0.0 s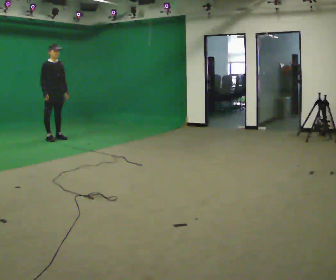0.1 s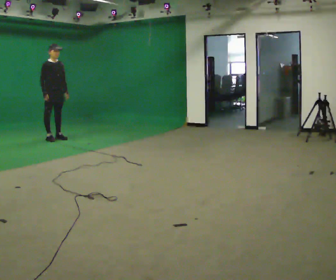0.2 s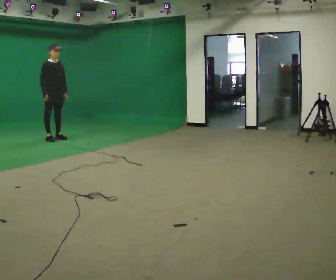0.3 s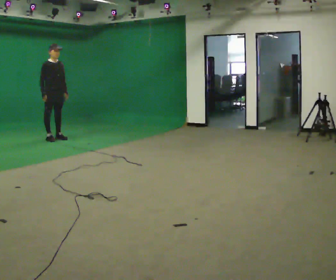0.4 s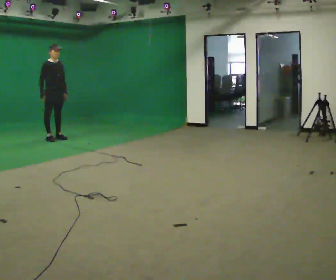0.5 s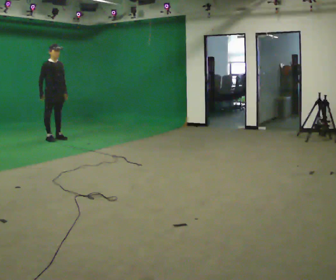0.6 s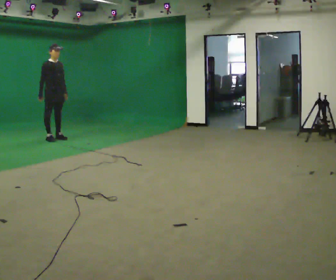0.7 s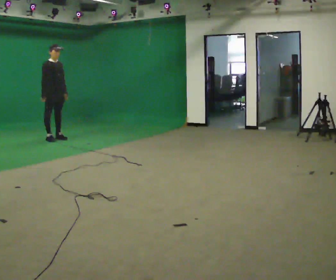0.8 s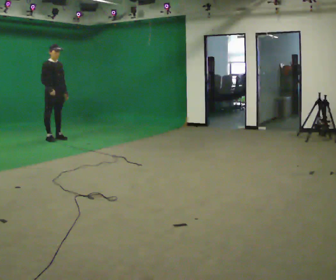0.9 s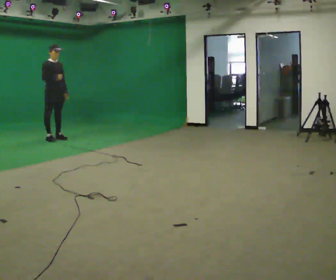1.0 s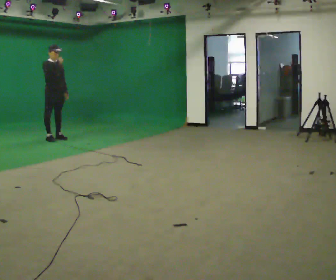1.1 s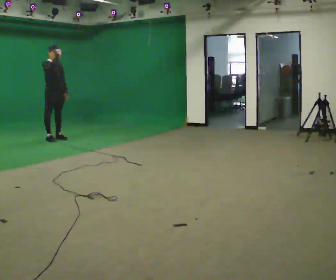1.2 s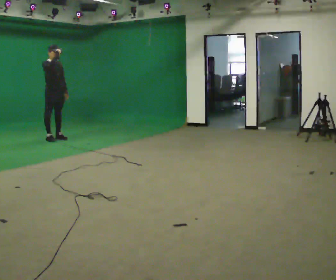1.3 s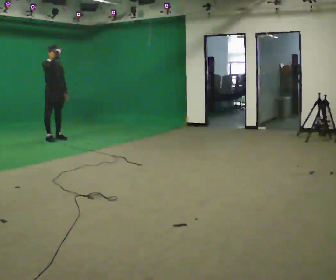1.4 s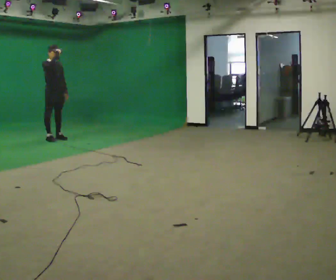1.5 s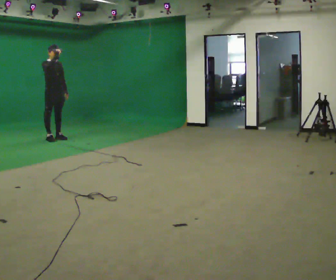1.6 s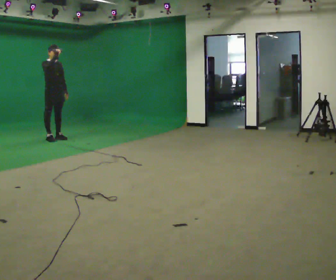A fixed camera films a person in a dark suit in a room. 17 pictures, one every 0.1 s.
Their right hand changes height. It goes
upward.
0.0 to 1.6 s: In the picture their right hand goes upward.
The film runs backward here.
